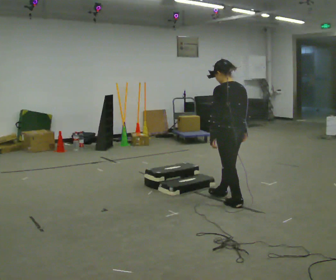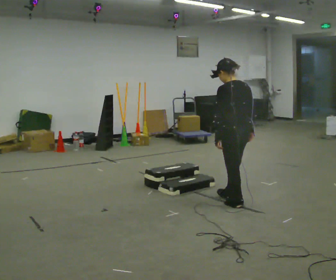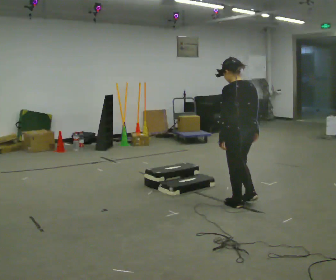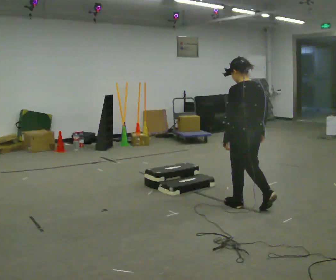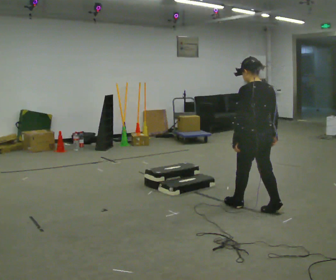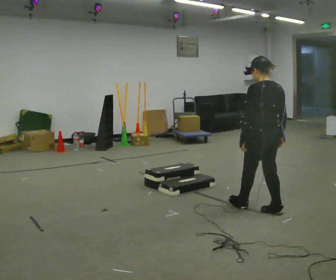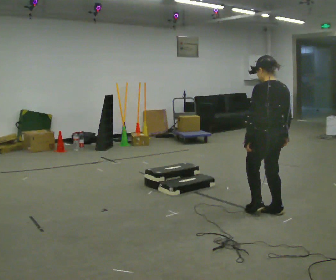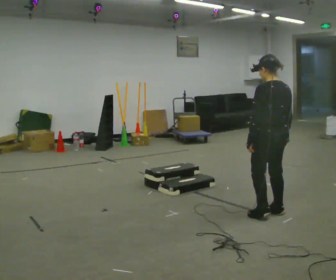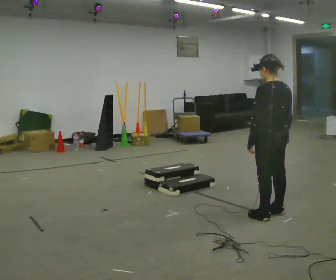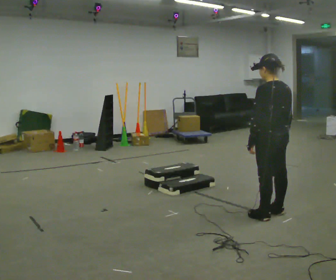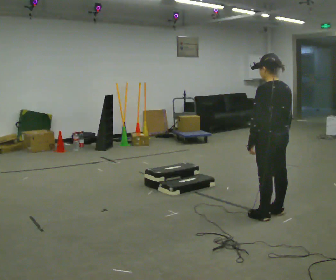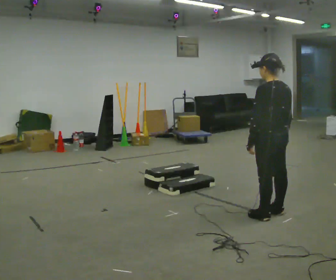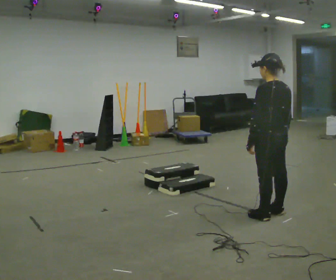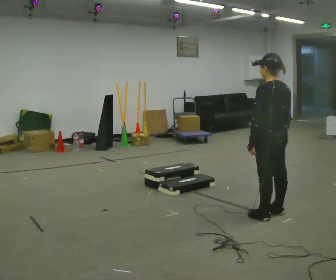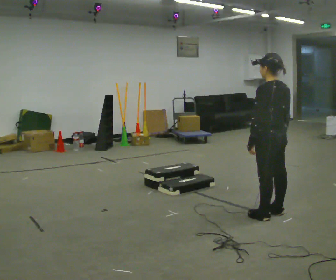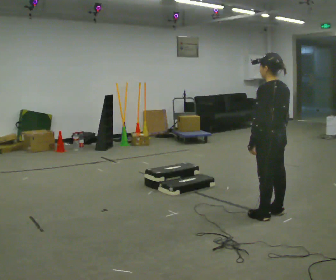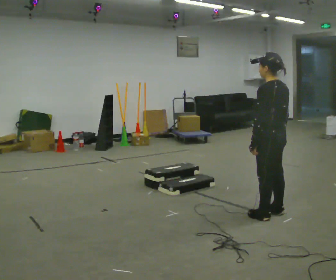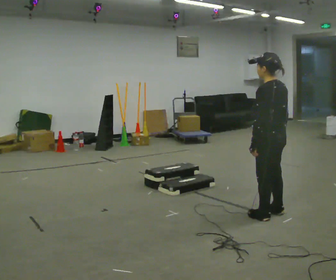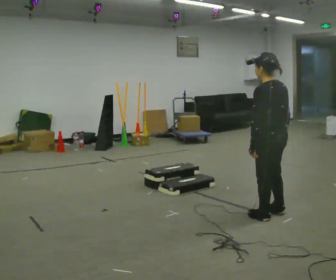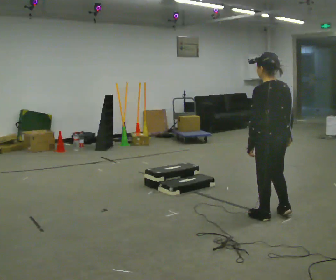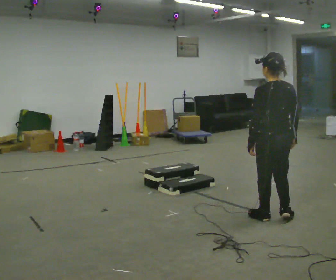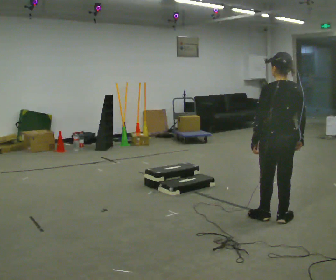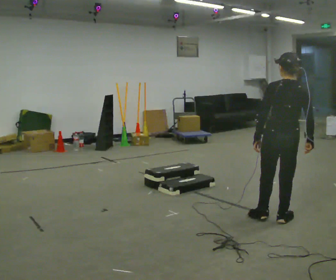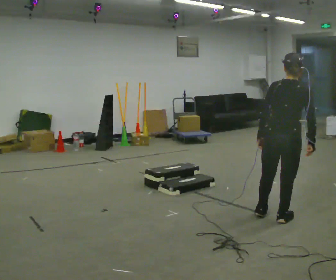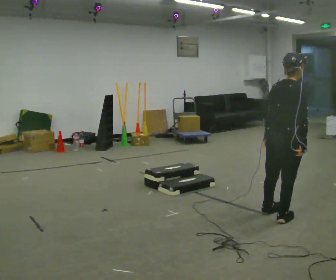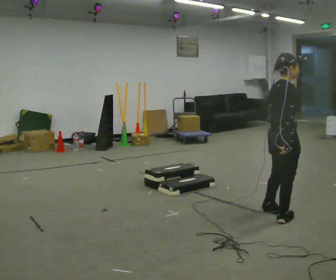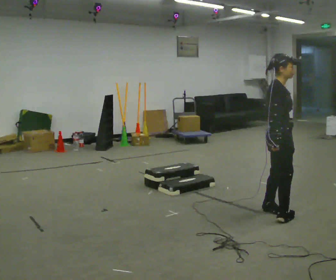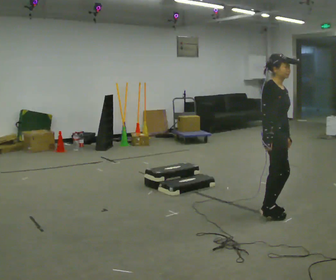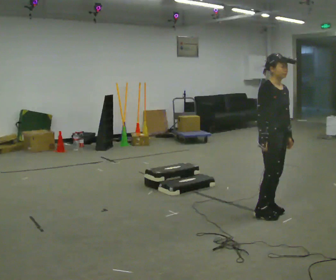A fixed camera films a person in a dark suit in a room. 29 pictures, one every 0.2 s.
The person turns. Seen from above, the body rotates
clockwise.
The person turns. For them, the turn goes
to their right.
0.0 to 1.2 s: In the picture they go toward the camera and to the right, about 0.5 m in 2 steps, which for them is backward.
1.2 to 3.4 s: The person moves a little, or ends about where they began.
3.4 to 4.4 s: The person turns about 45 degrees to their right, clockwise seen from above, so the part of the body nearest the lens slides to the left.
4.4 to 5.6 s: The part of the body nearest the lens slides to the left as the person turns to their right by about 135 degrees. In the picture they go away from the camera, about 0.25 m in 2 steps. In the picture their left hand goes to the right, the arm swinging counterclockwise.
The film runs backward here.
